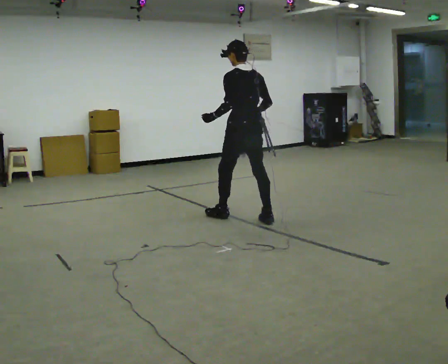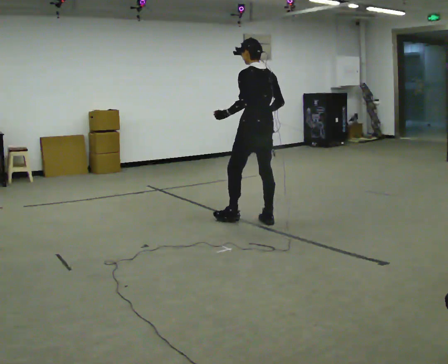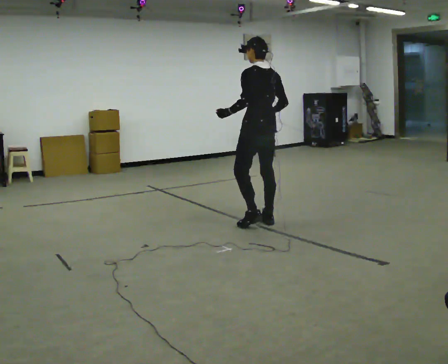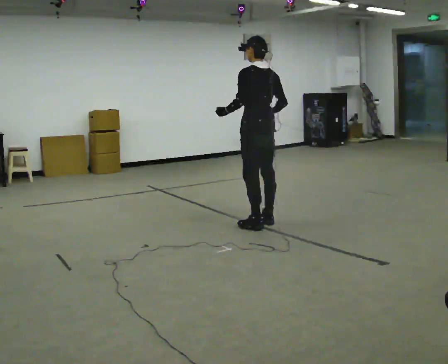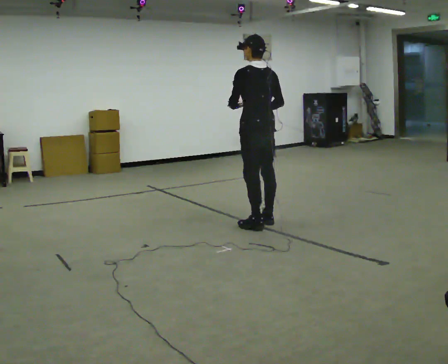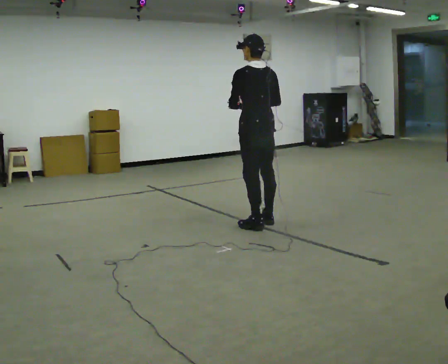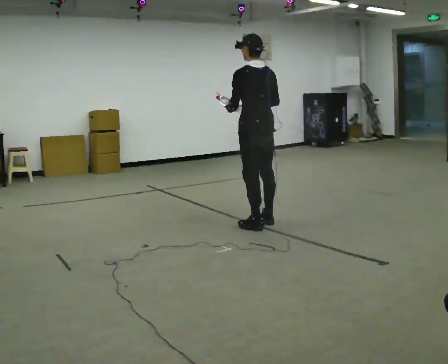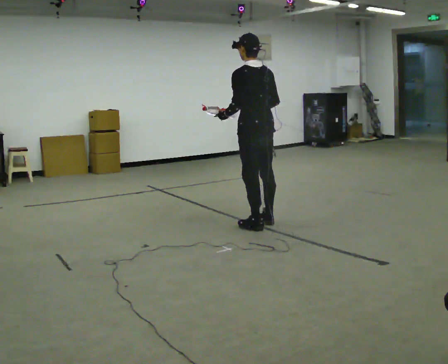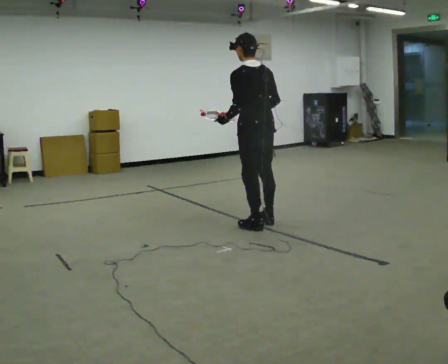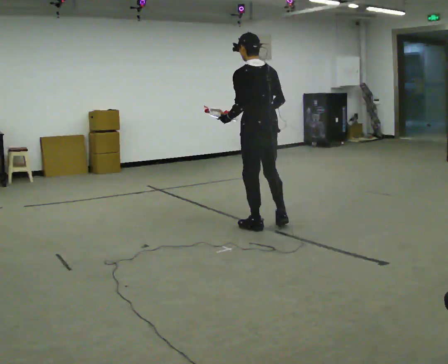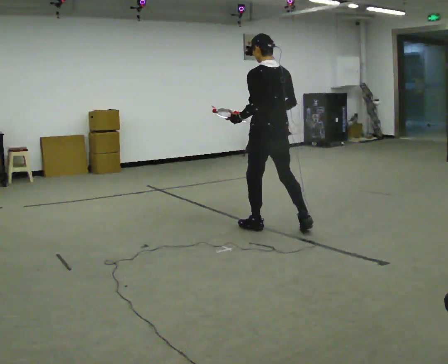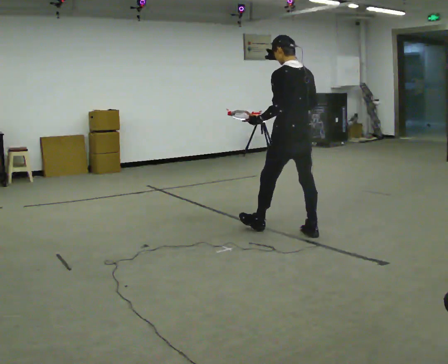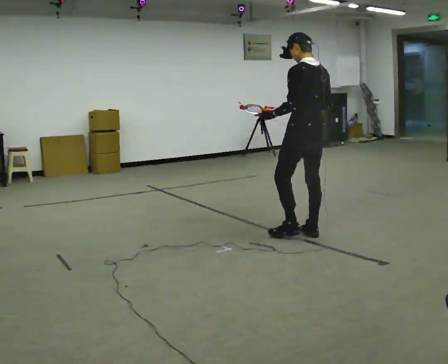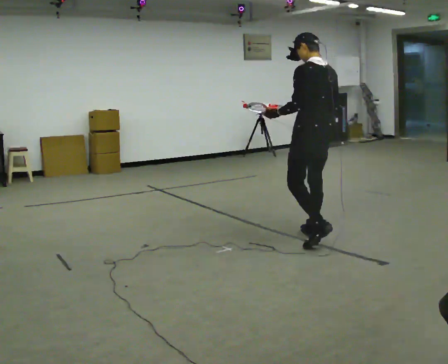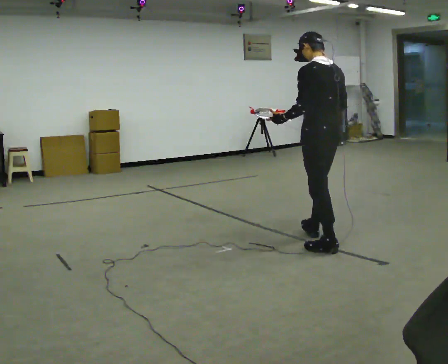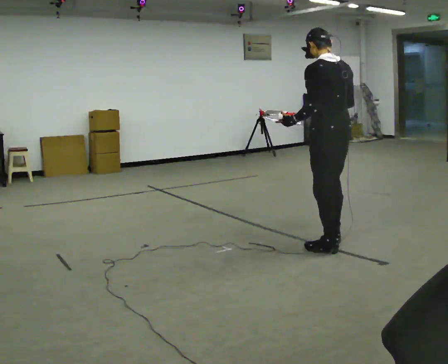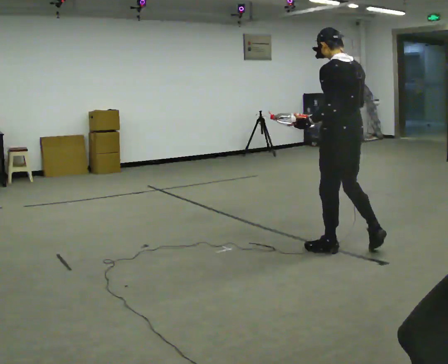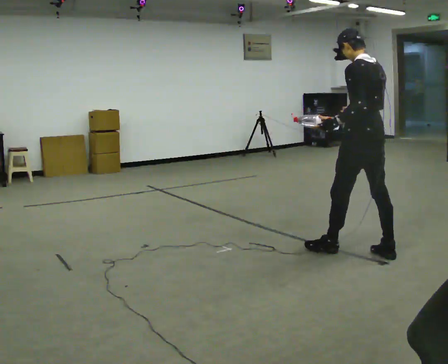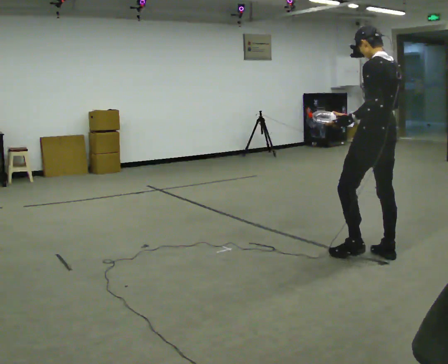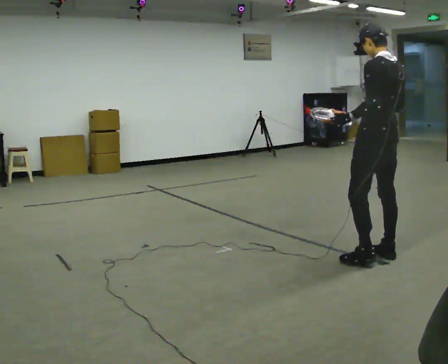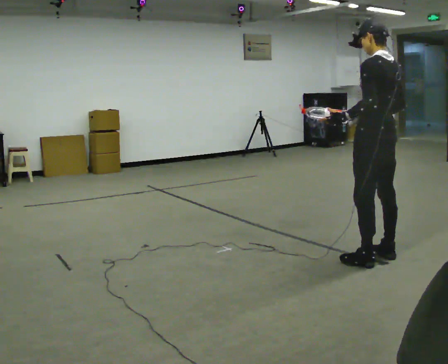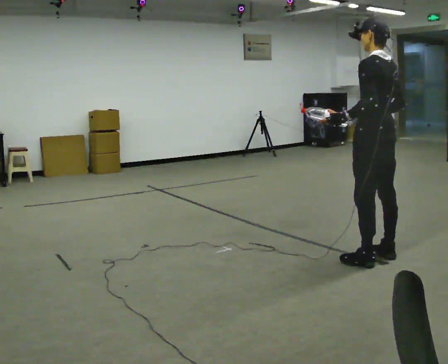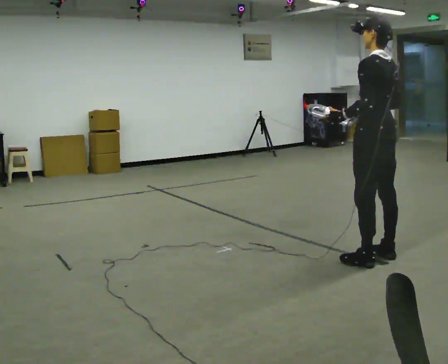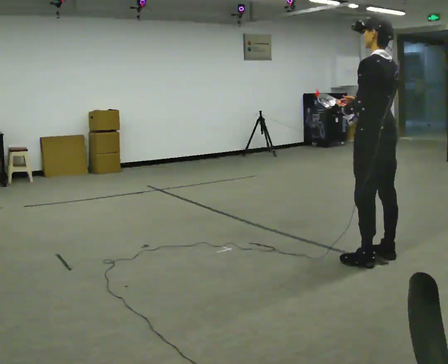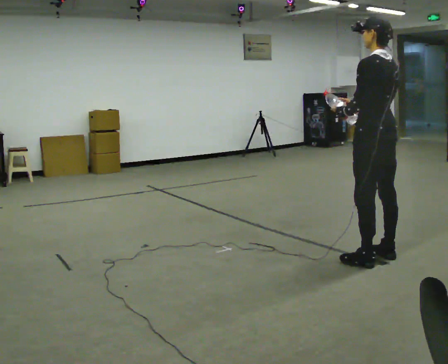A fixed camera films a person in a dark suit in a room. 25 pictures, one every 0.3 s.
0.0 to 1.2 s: In the picture they go toward the camera and to the right, about 0.25 m in 1 step, which for them is backward.
1.2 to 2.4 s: In the picture they go toward the camera, about 0.25 m.
2.4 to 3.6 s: In the picture they go to the right and toward the camera, about 0.5 m in 2 steps, which for them is backward and to their right.
3.6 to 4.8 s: In the picture they go toward the camera and to the right, about 0.5 m in 1 step, which for them is backward.
4.8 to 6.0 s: In the picture they go to the right, about 0.25 m in 1 step, which for them is backward.
6.0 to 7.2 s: The person moves a little, or ends about where they began.
The film runs backward here.
